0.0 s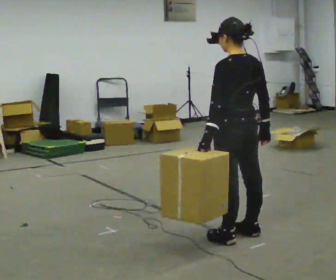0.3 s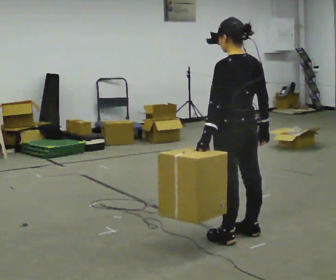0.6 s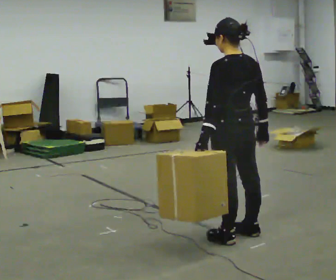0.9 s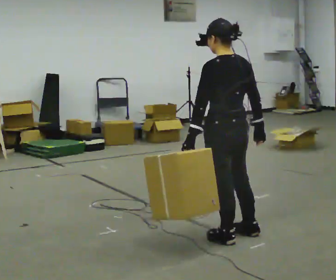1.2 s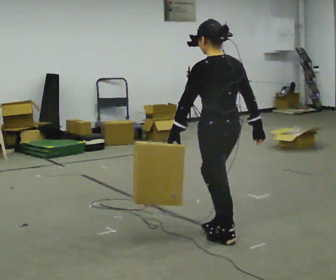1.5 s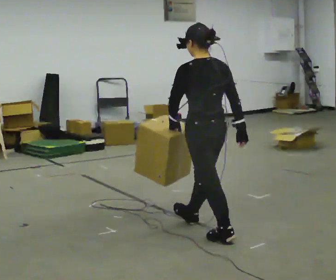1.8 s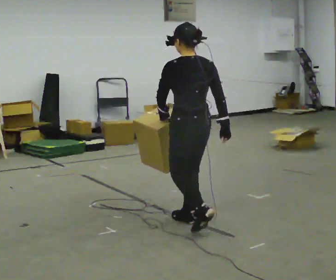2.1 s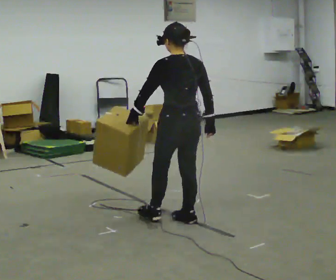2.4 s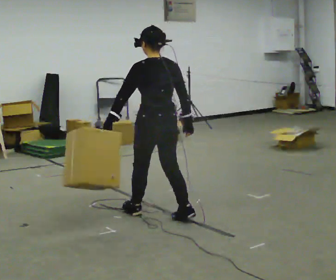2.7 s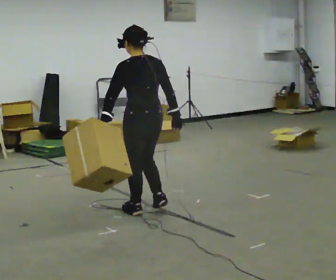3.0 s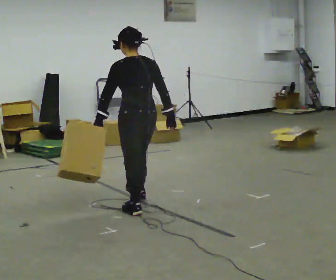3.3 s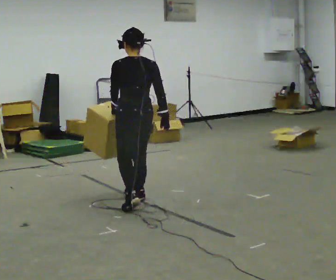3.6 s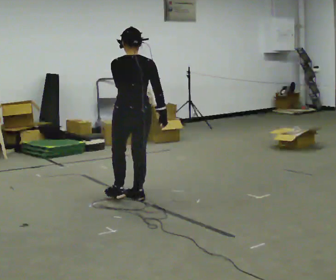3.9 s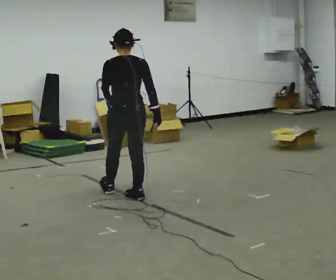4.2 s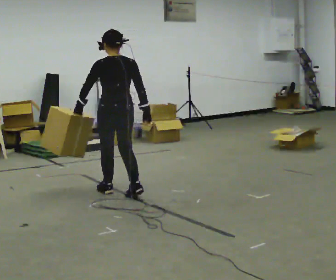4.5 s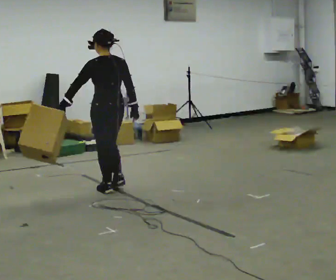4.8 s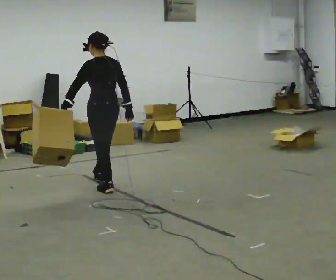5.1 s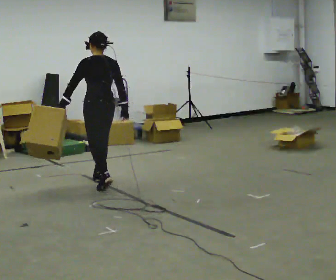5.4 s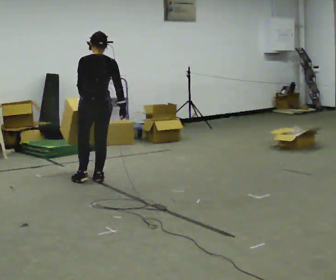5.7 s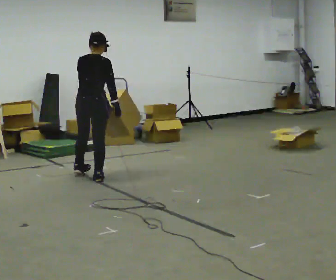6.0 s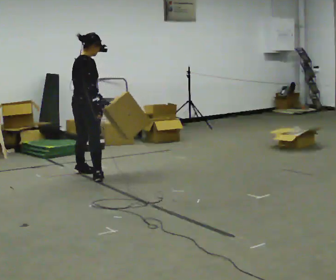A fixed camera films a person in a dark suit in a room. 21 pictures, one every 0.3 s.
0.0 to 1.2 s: The person moves a little, or ends about where they began.
1.2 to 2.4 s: In the picture they go away from the camera and to the left, about 0.75 m in 2 steps, which for them is forward.
2.4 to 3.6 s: In the picture they go away from the camera and to the left, about 0.5 m in 1 step, which for them is forward.
3.6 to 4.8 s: The part of the body nearest the lens slides to the right as the person turns to their left by about 30 degrees. In the picture they go away from the camera and to the left, about 0.5 m in 2 steps, which for them is forward.
4.8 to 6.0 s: The part of the body nearest the lens slides to the left as the person turns to their right by about 90 degrees. In the picture they go away from the camera and to the left, about 0.5 m in 1 step.
The film runs forward here.
